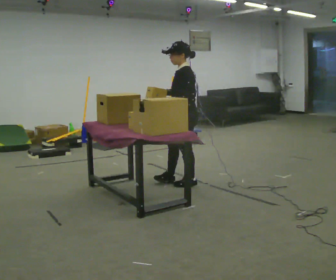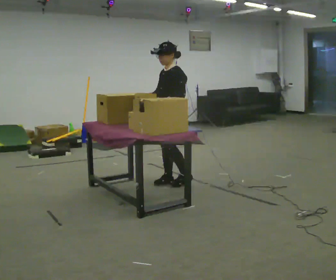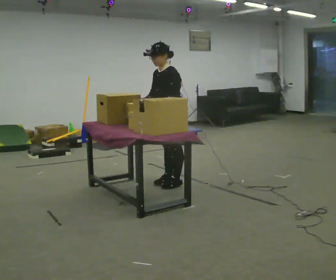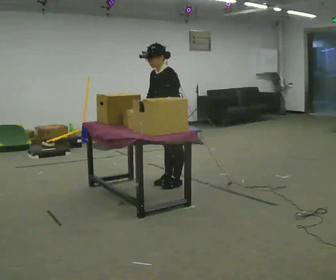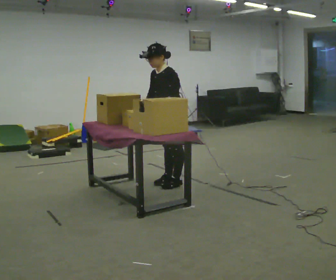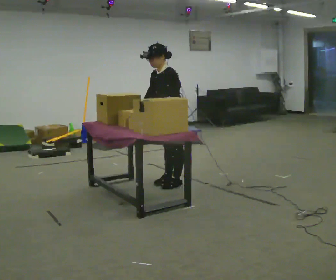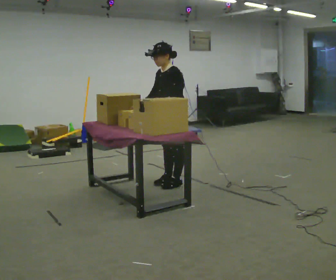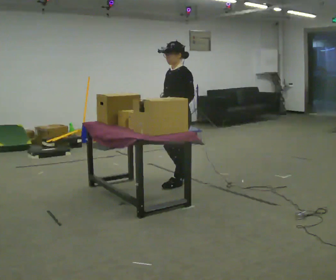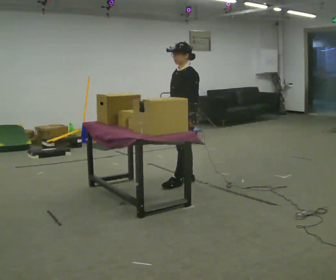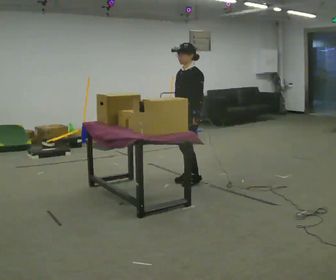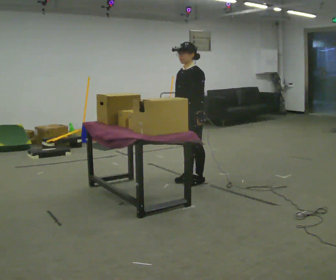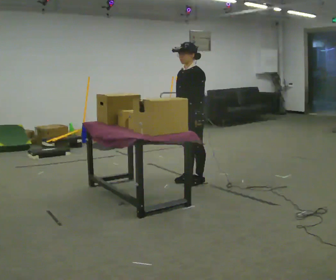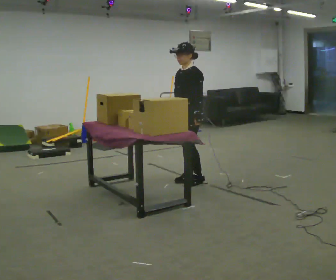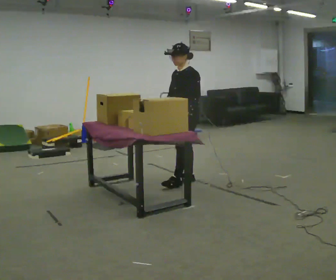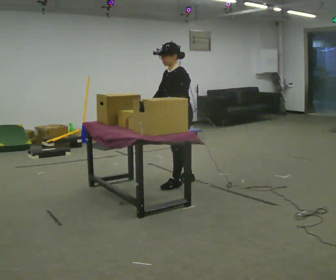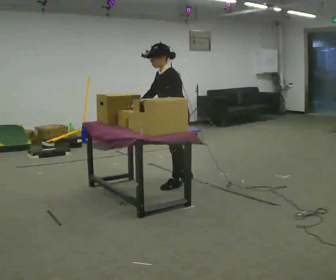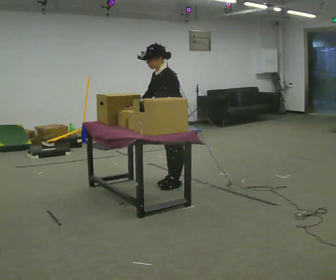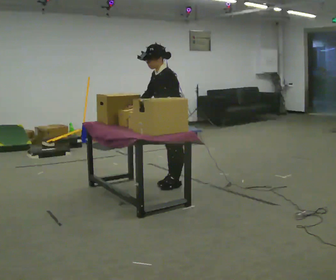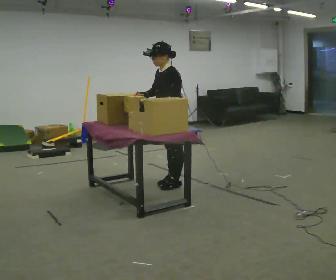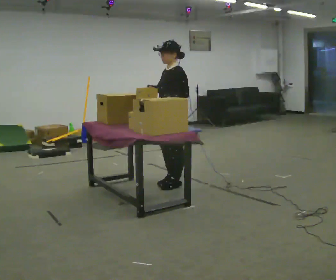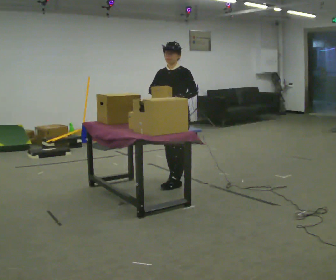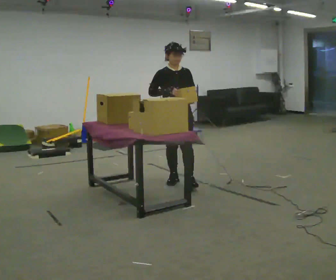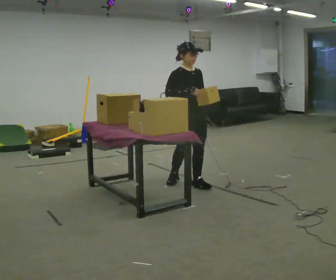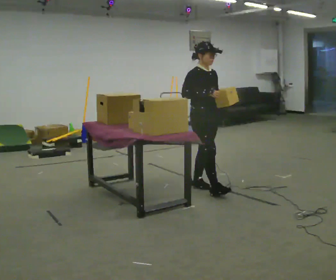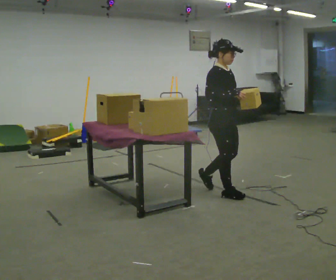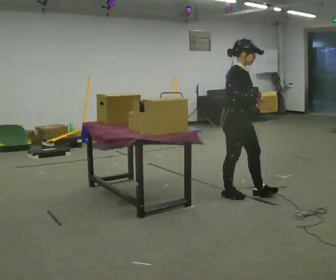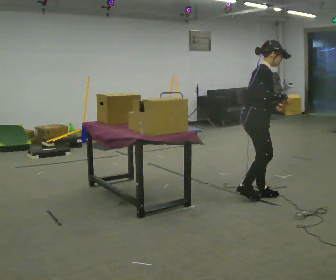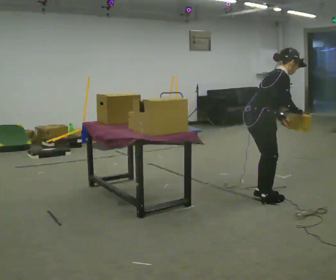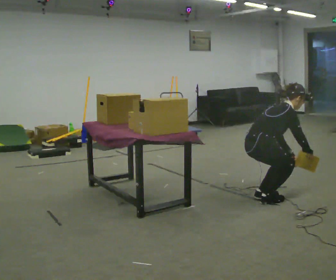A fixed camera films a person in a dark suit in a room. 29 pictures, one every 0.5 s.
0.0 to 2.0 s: The part of the body nearest the lens slides to the right as the person turns to their left by about 30 degrees. In the picture they go to the left, about 0.25 m in 2 steps.
2.0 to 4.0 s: In the picture they go to the right, about 0.25 m in 1 step, which for them is backward. In the picture the upper body tilts clockwise, shoulders to the right, as they lean back or straighten. In the picture their right hand goes to the right.
4.0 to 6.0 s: The person moves a little, or ends about where they began.
6.0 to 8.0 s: In the picture they go toward the camera and to the left, about 0.25 m in 2 steps, which for them is forward and to their left. In the picture the upper body tilts counterclockwise, shoulders to the left, as they bend forward.
8.0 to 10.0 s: Seen from above the body turns counterclockwise, about 30 degrees: to their left, with its near side sliding to the right. In the picture the upper body tilts clockwise, shoulders to the right, as they lean back or straighten. In the picture their left hand goes to the right.
10.0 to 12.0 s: The person turns about 90 degrees to their left, counterclockwise seen from above, so the part of the body nearest the lens slides to the right. In the picture they go to the right and toward the camera, about 0.5 m in 1 step.
12.0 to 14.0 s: The part of the body nearest the lens slides to the right as the person turns to their left by about 45 degrees. In the picture they go to the right and toward the camera, about 0.5 m in 2 steps, which for them is forward and to their right. The upper body goes downward. In the picture the upper body tilts clockwise, shoulders to the right, as they bend forward. In the picture their right hand goes downward.
The film runs forward here.
